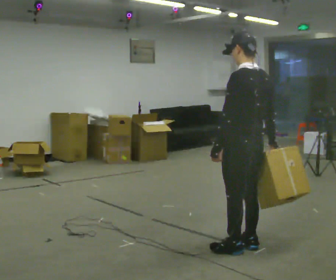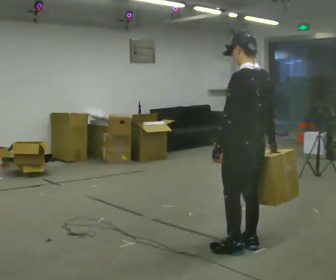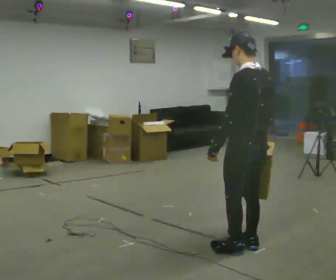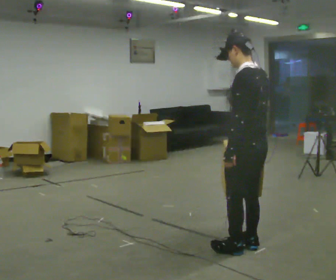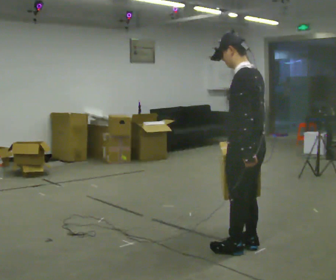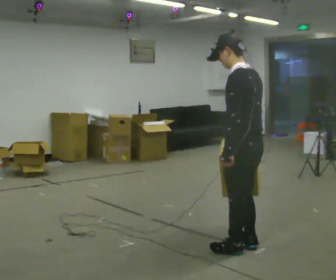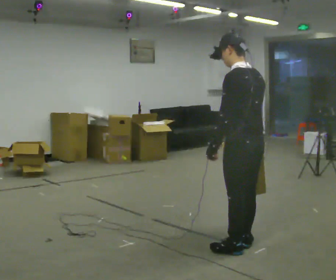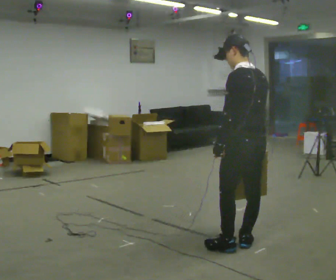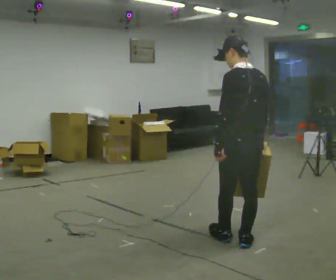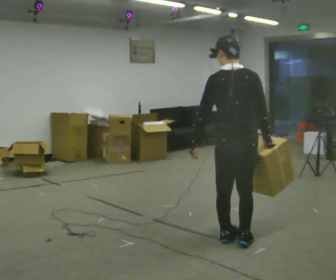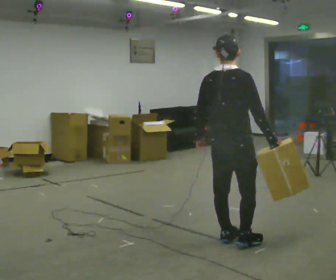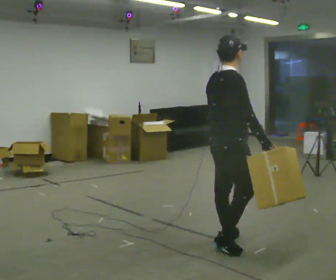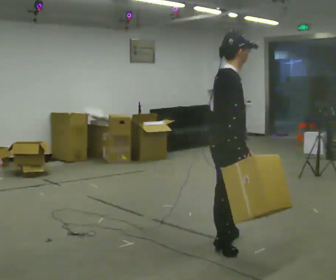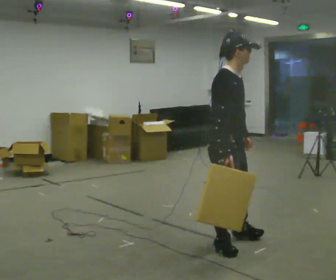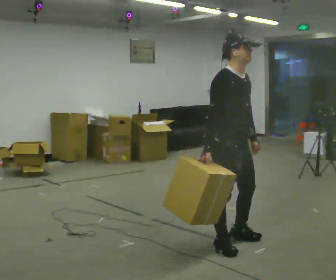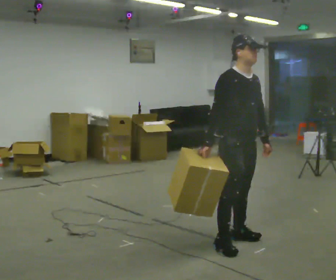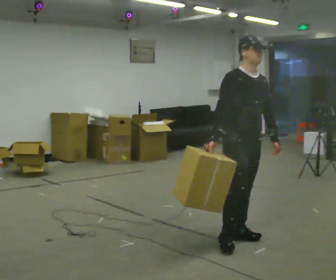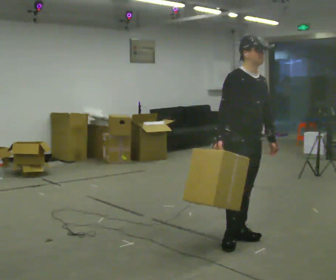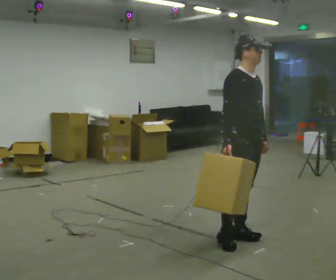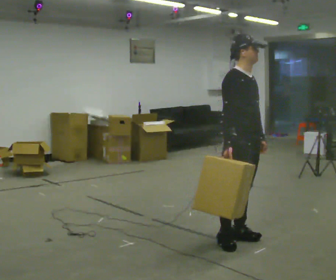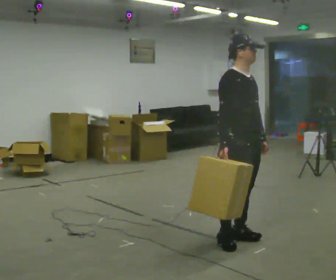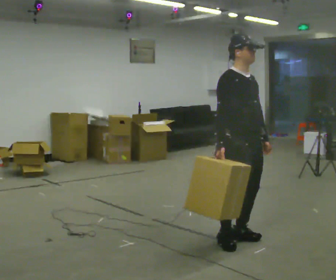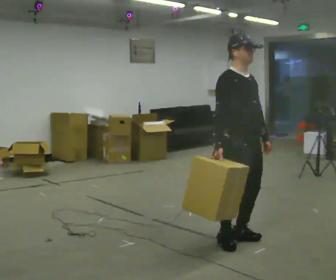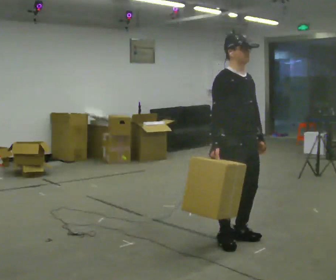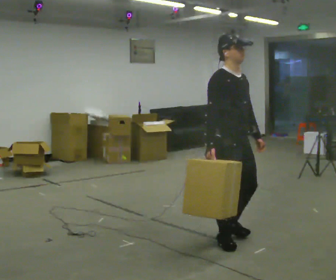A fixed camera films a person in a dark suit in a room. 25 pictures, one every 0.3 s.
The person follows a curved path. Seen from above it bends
clockwise.
0.0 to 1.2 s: The person moves a little, or ends about where they began.
1.2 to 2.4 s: The person turns about 30 degrees to their right, clockwise seen from above, so the part of the body nearest the lens slides to the left.
2.4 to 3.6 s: Seen from above the body turns clockwise, about 105 degrees: to their right, with its near side sliding to the left. In the picture they go to the left, about 0.25 m.
3.6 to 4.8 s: The part of the body nearest the lens slides to the left as the person turns to their right by about 60 degrees.
4.8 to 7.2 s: The person moves a little, or ends about where they began.
The film runs backward here.
